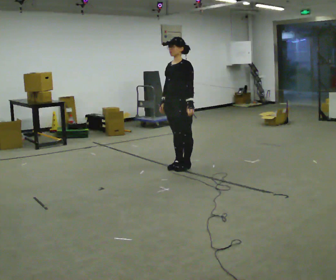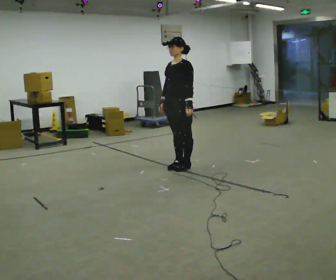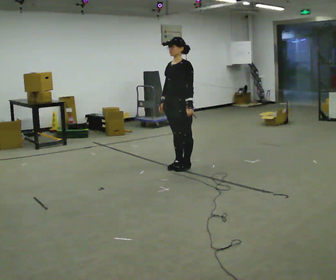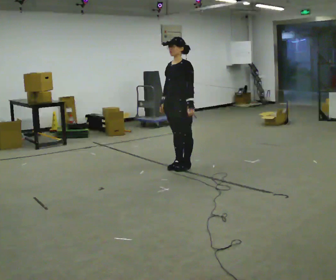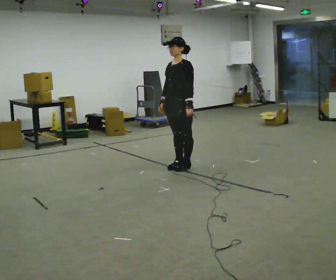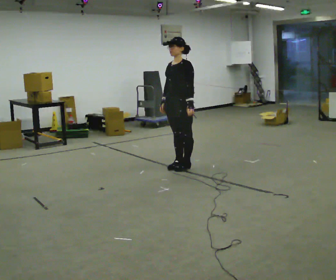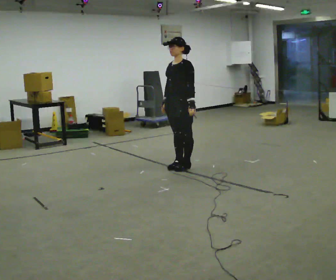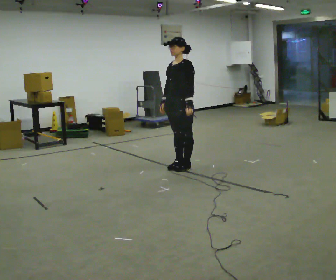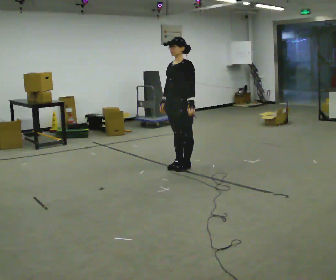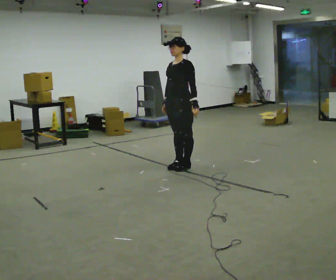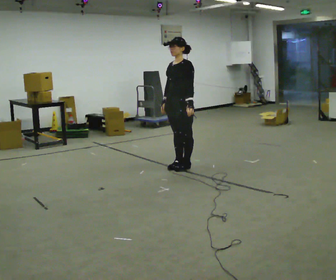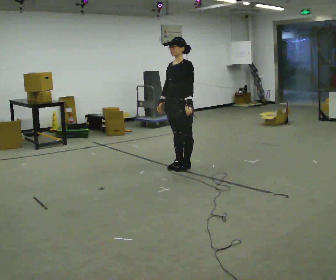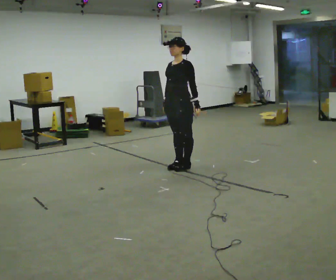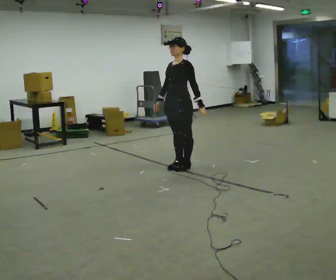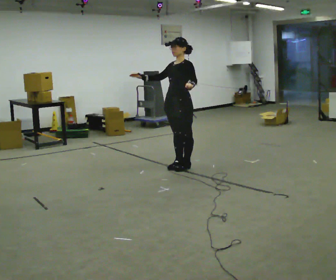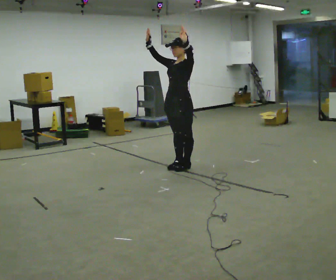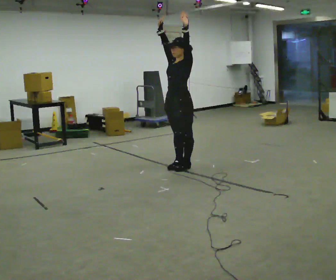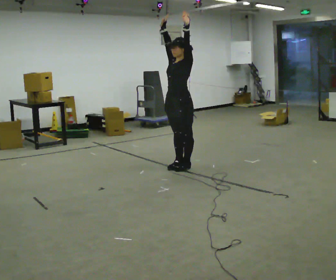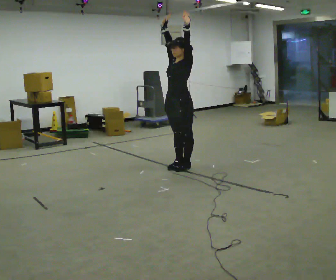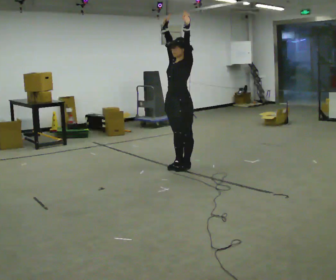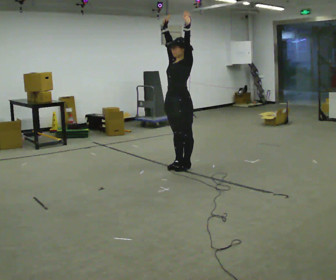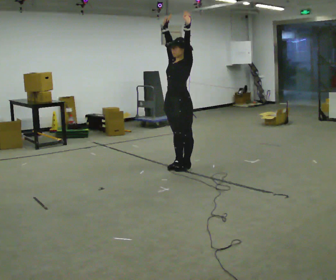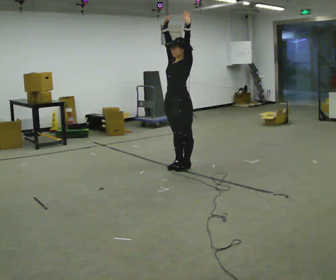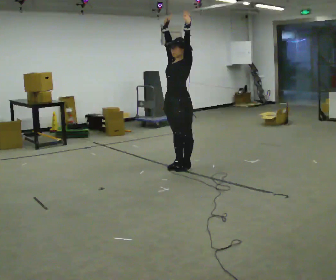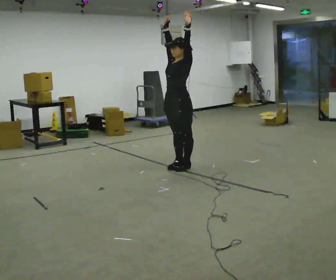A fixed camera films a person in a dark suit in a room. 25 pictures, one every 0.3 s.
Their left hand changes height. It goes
upward.
Their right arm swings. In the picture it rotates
clockwise.
0.0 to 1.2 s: The person keeps their place and pose.
1.2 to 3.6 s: The person moves a little, or ends about where they began.
3.6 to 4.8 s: In the picture their right hand goes upward, the arm swinging clockwise.
4.8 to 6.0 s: The person moves a little, or ends about where they began.
6.0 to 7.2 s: The person keeps their place and pose.
The film runs backward here.
